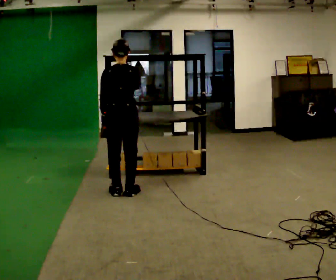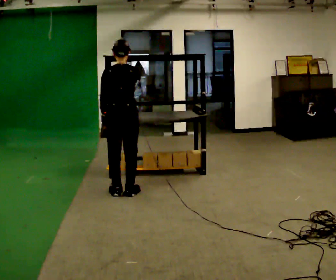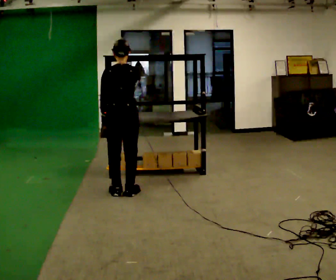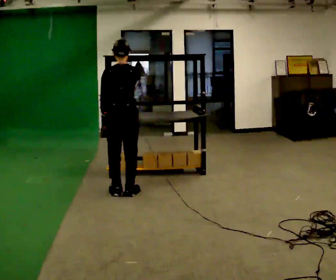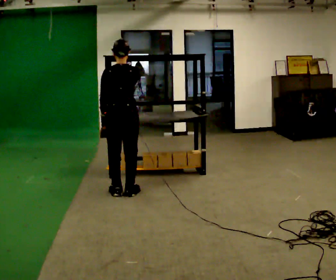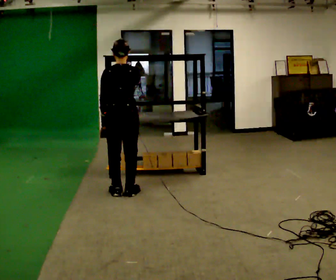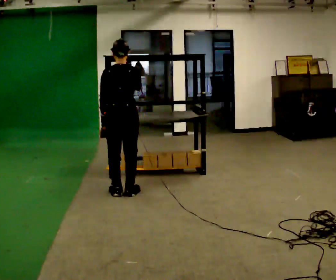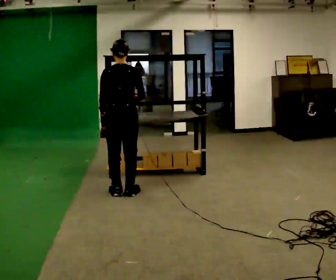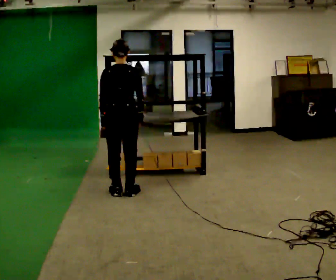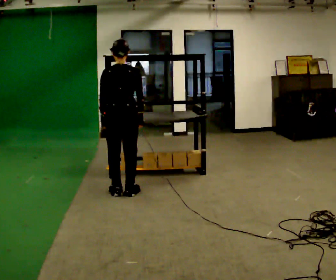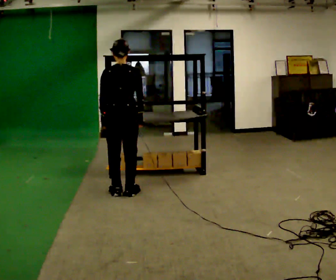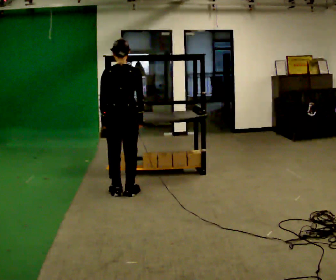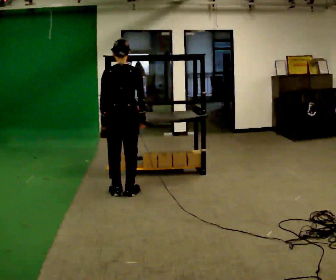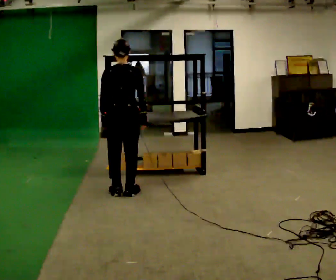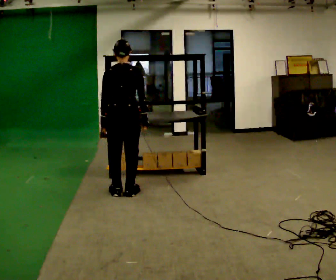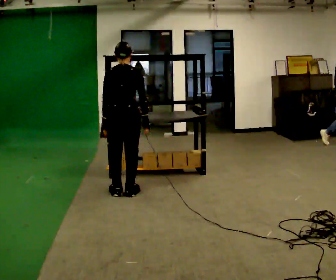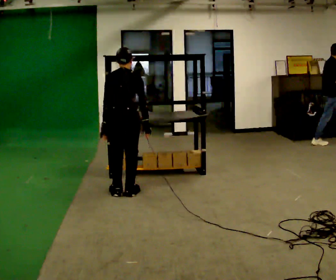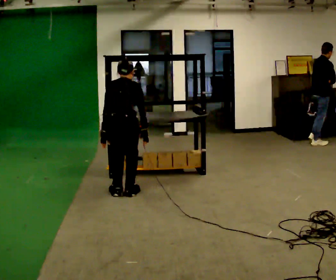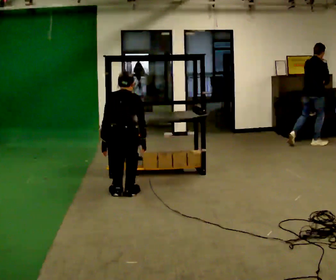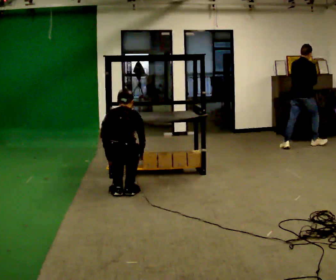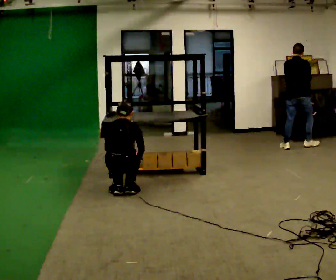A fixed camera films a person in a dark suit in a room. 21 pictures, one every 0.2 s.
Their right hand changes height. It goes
downward.
The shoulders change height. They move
downward.
0.0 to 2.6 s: In the picture their right hand goes downward.
2.6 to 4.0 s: The upper body goes downward. The upper body tips away from the camera, its near side rolling upward, as they bend forward. In the picture their left hand goes downward.
The film runs backward here.
